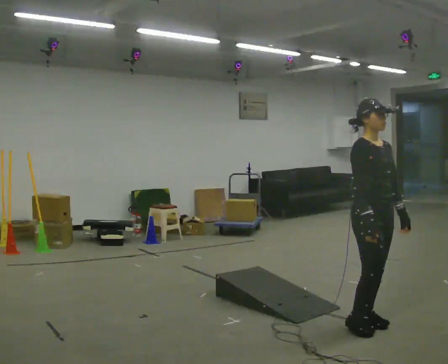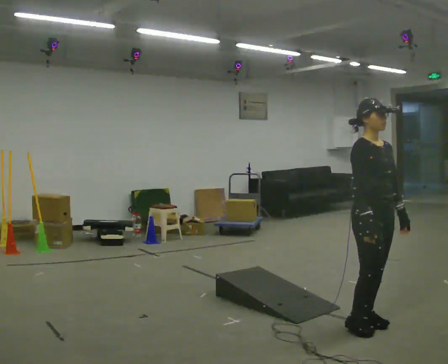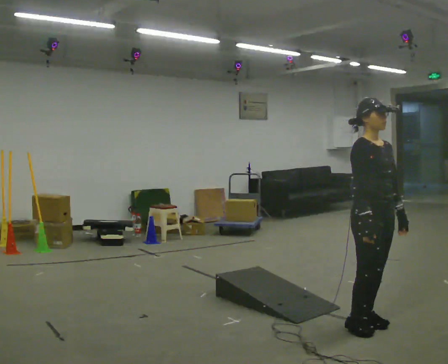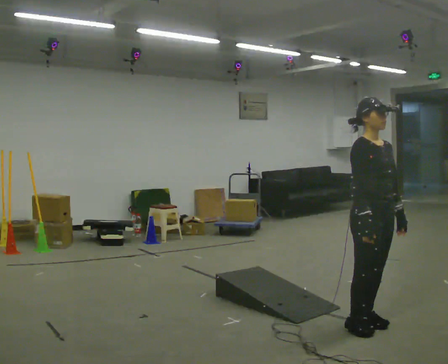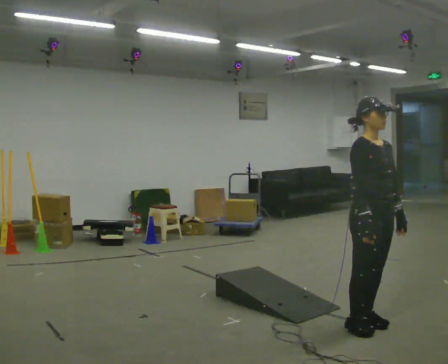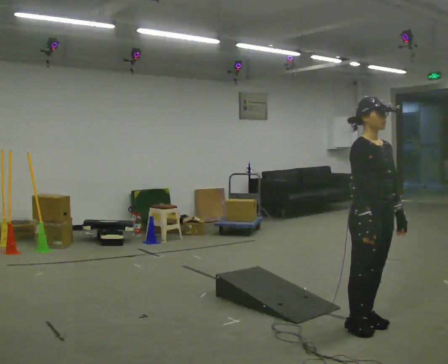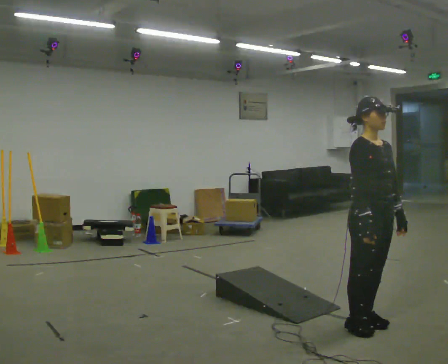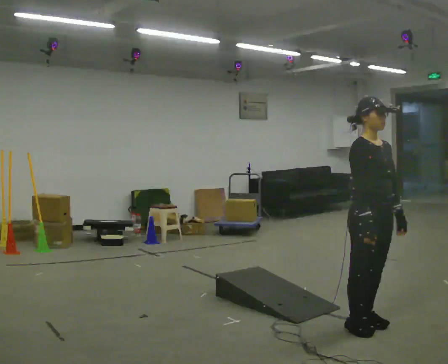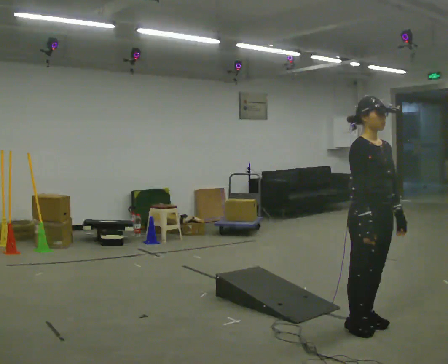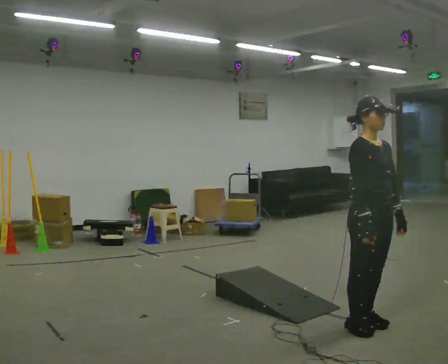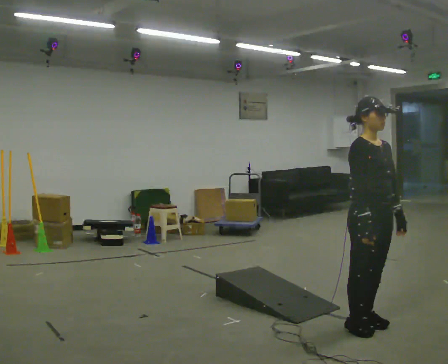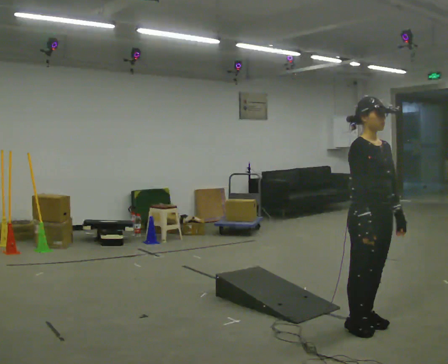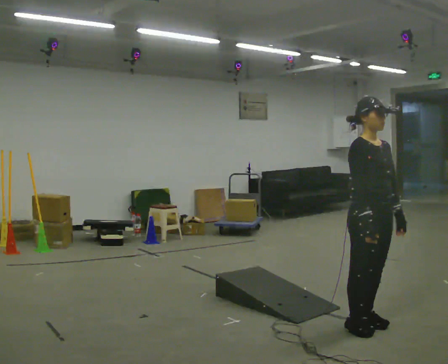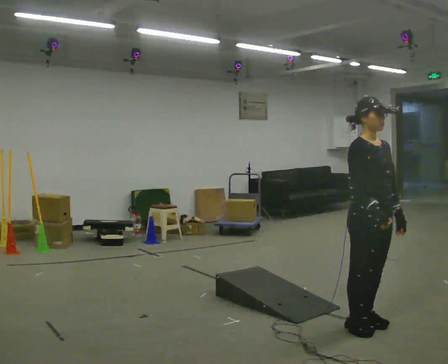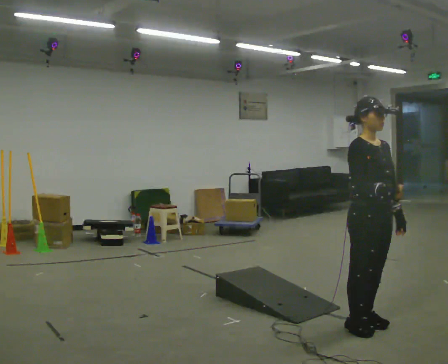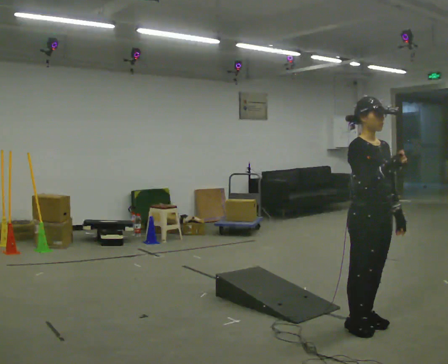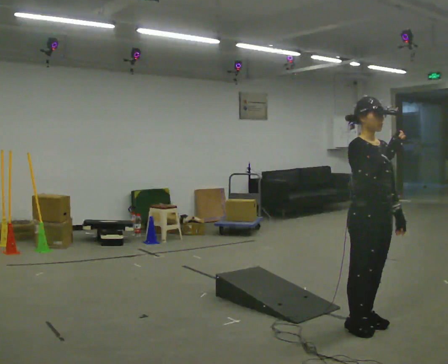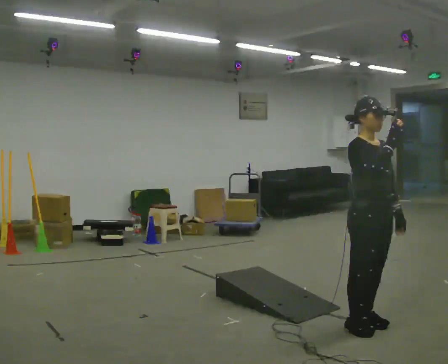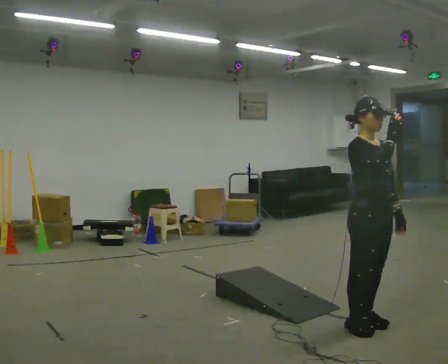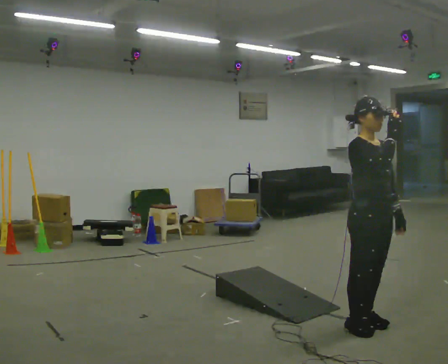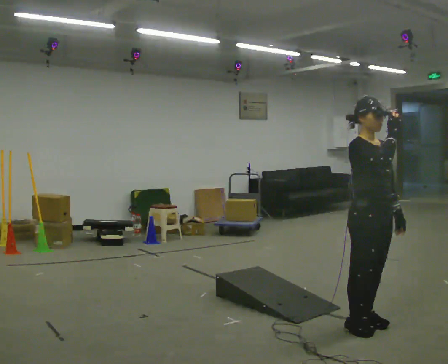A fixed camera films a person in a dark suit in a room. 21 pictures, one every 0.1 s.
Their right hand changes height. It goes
upward.
0.0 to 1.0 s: The person moves a little, or ends about where they began.
1.0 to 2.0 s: In the picture their right hand goes upward.
The film runs forward here.
